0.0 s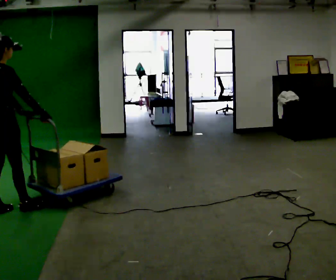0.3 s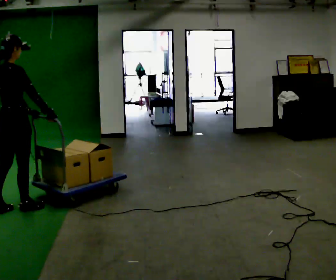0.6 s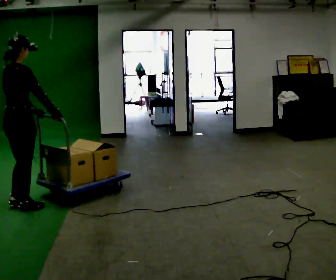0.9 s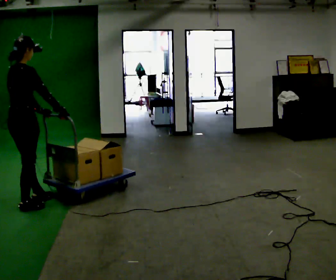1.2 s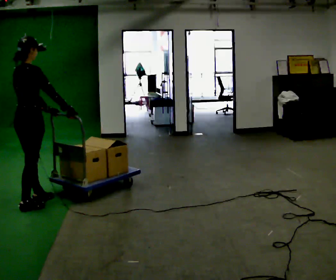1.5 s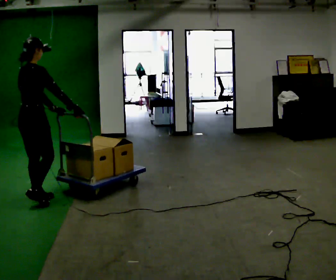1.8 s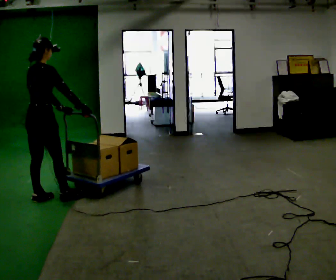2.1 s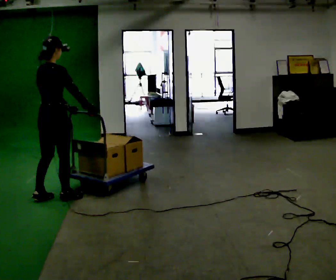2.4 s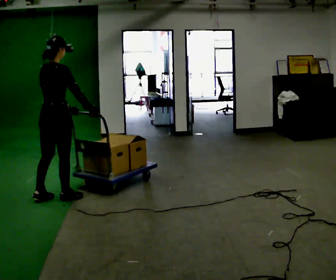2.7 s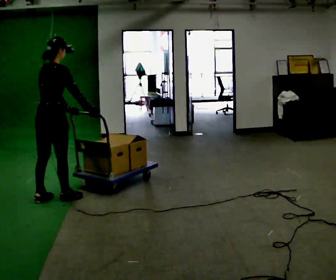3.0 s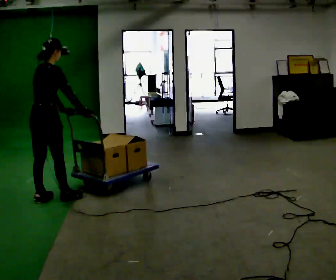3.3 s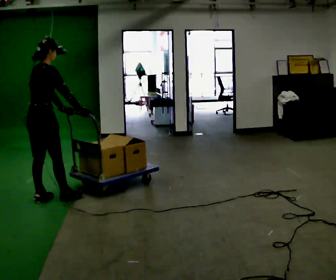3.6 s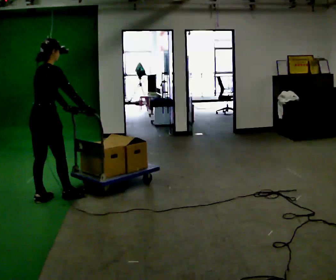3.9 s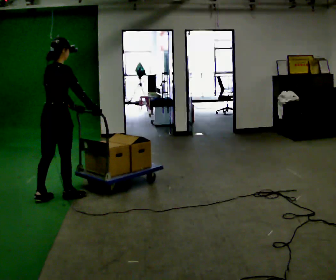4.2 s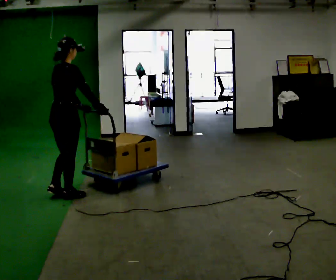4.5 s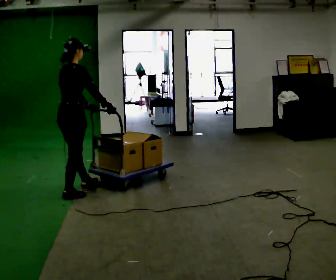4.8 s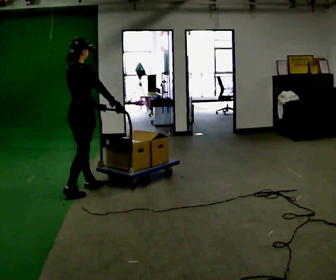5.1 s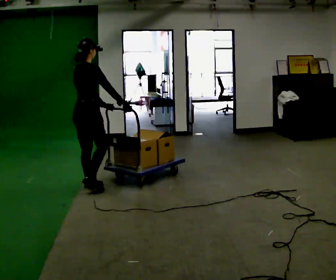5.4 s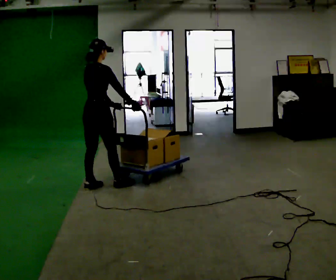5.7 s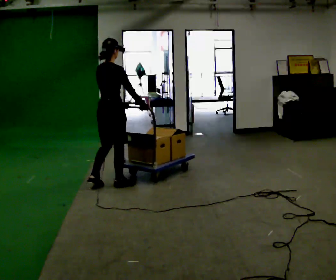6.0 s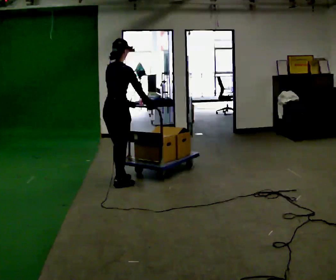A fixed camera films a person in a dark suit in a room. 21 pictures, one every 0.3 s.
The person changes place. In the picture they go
to the right.
0.0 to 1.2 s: In the picture they go to the right and away from the camera, about 0.25 m in 1 step, which for them is forward.
1.2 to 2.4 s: In the picture they go to the right, about 0.25 m in 1 step, which for them is forward.
2.4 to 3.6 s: The person moves a little, or ends about where they began.
3.6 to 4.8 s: In the picture they go to the right and away from the camera, about 0.5 m in 1 step, which for them is forward.
4.8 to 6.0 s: In the picture they go to the right, about 0.5 m in 1 step, which for them is forward.
The film runs forward here.
